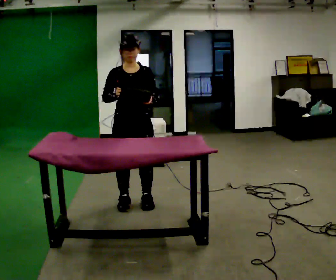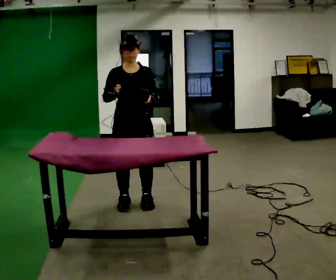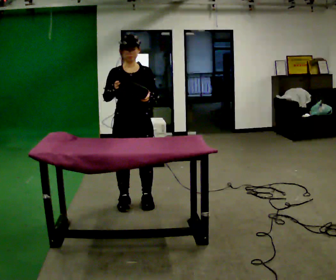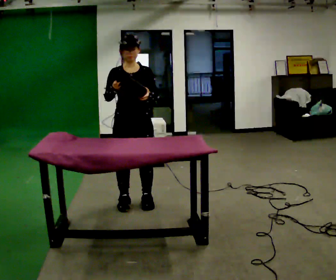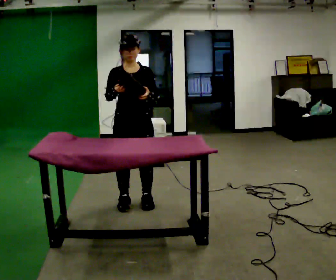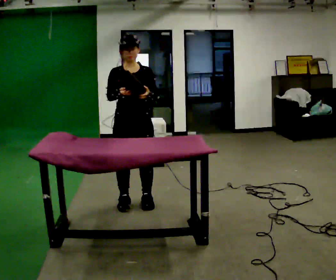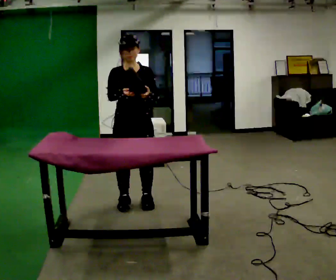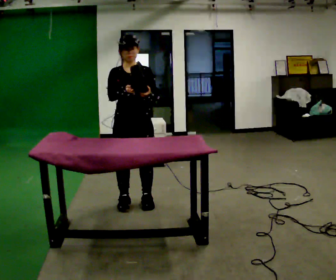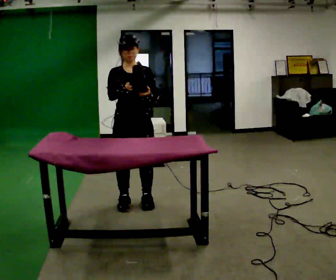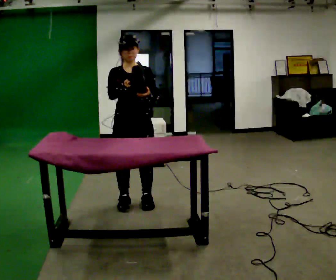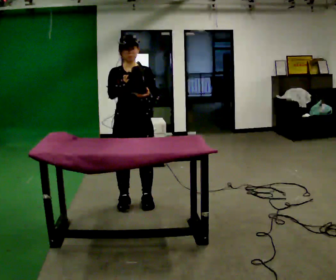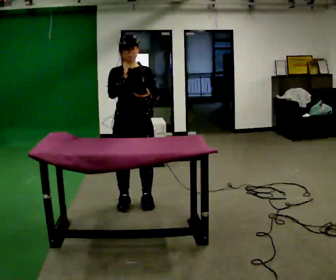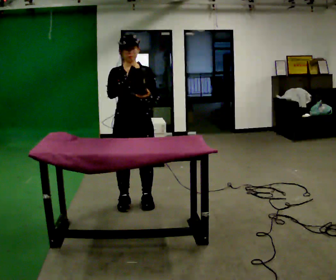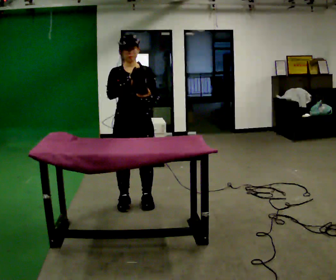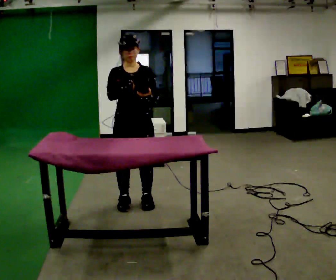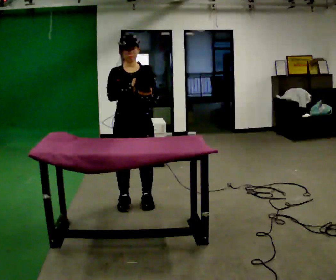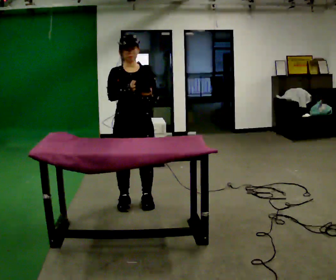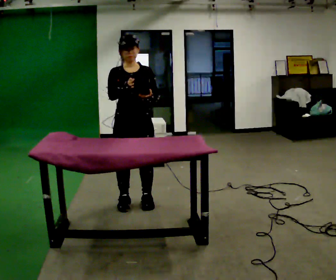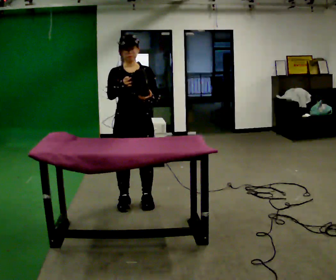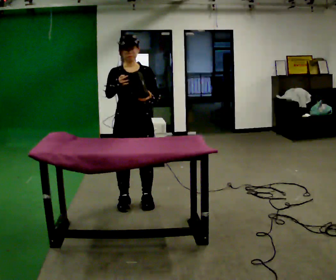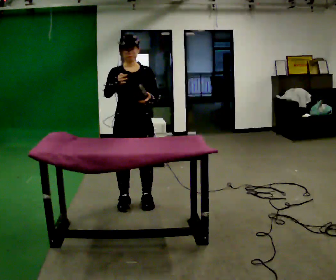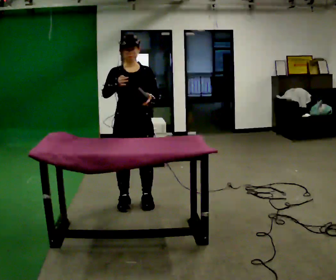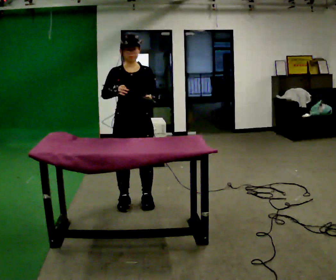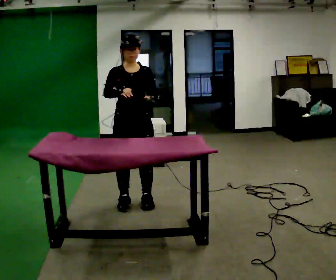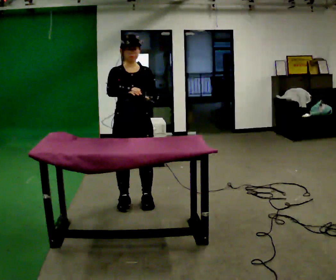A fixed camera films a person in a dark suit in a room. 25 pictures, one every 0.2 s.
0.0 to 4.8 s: The person moves a little, or ends about where they began.
The film runs backward here.
